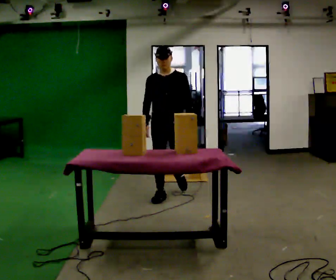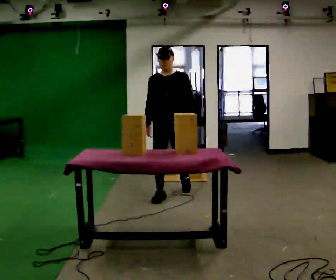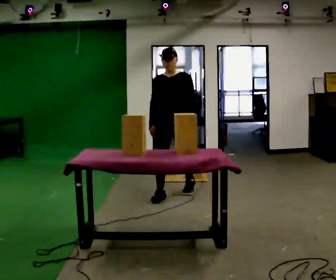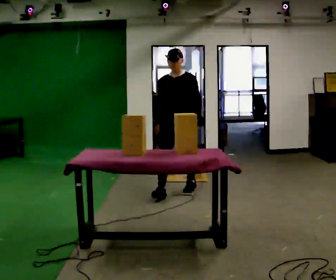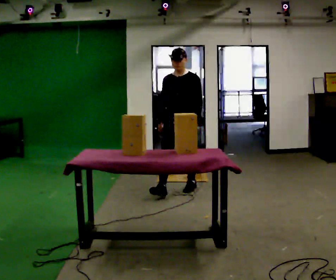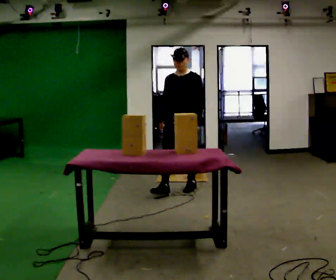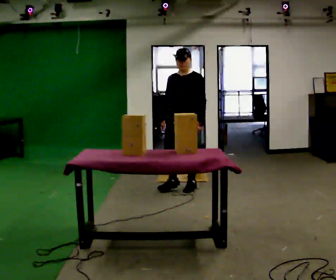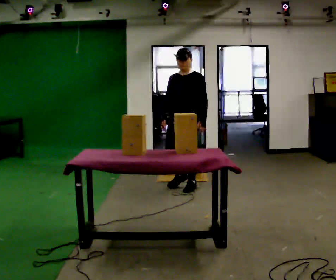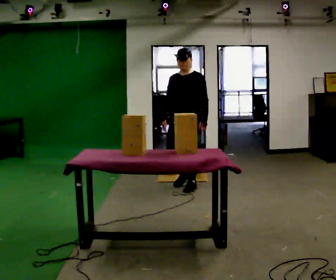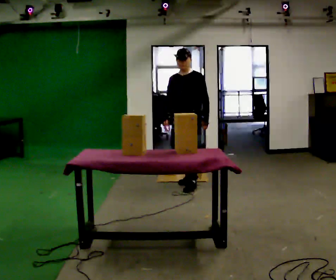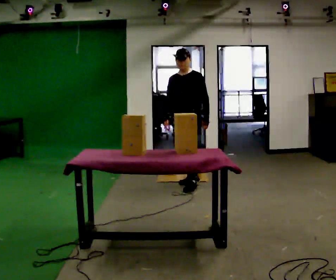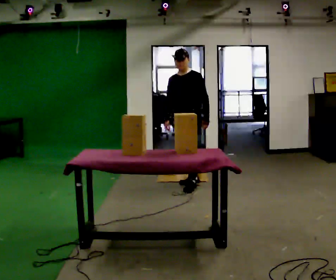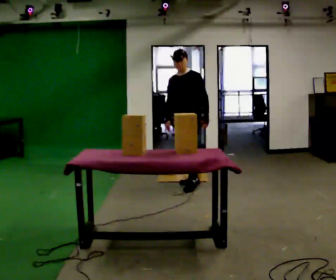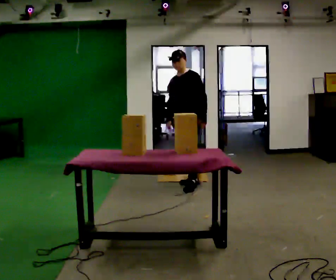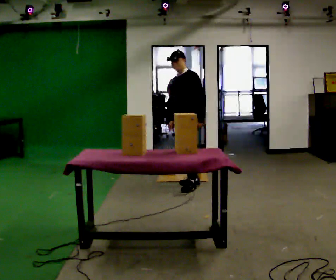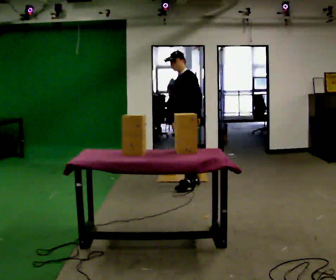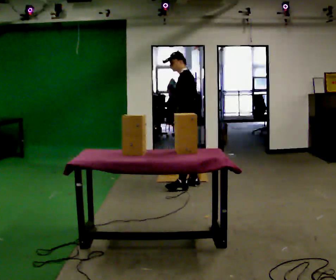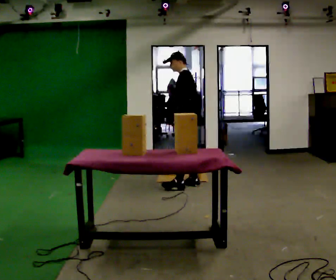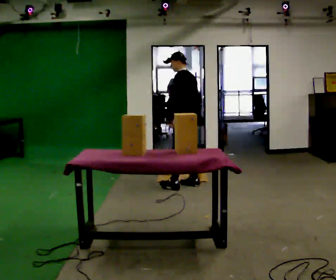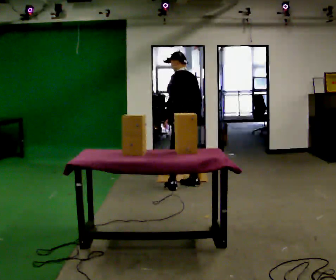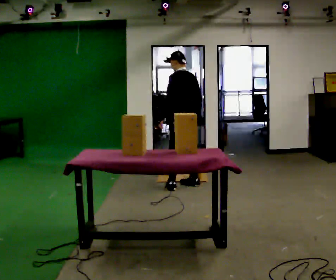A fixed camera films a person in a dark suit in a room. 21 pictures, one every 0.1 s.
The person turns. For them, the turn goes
to their right.
The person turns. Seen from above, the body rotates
clockwise.
0.0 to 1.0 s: Seen from above the body turns clockwise, about 30 degrees: to their right, with its near side sliding to the left. In the picture they go away from the camera and to the right, about 0.5 m in 1 step, which for them is backward.
1.0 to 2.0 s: The person turns about 105 degrees to their right, clockwise seen from above, so the part of the body nearest the lens slides to the left. In the picture their left hand goes to the left, the arm swinging clockwise.
The film runs backward here.
